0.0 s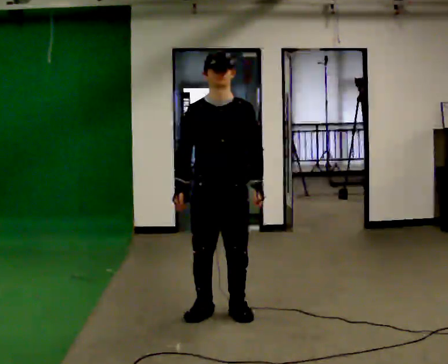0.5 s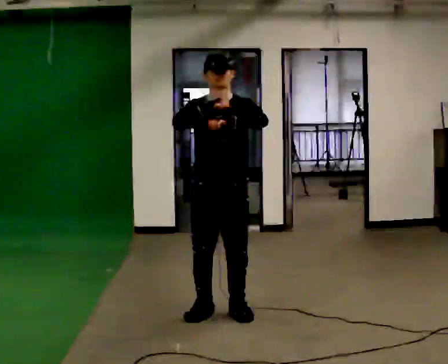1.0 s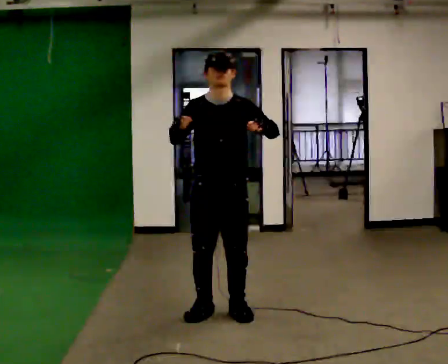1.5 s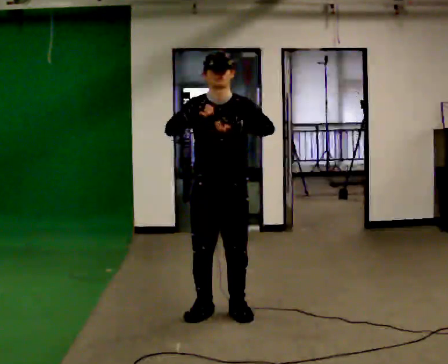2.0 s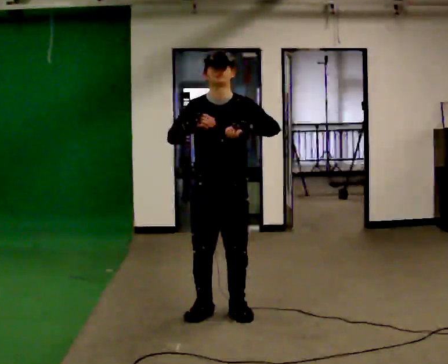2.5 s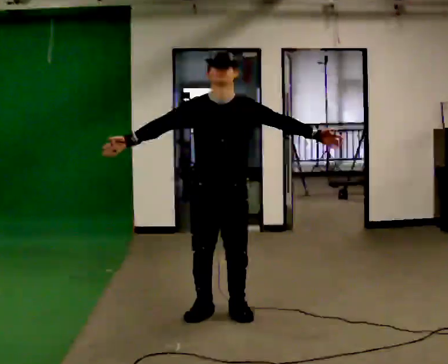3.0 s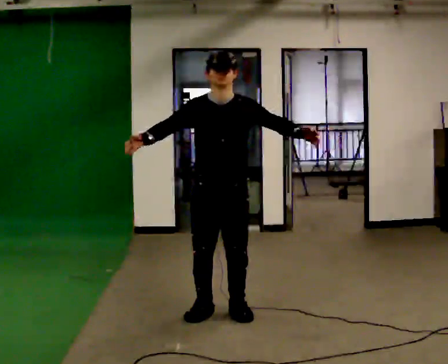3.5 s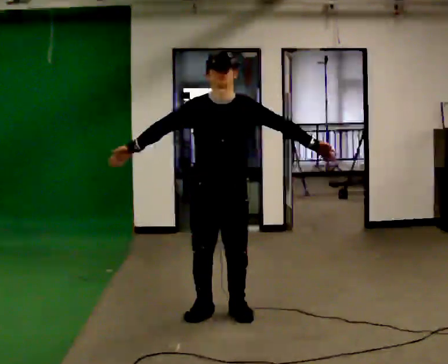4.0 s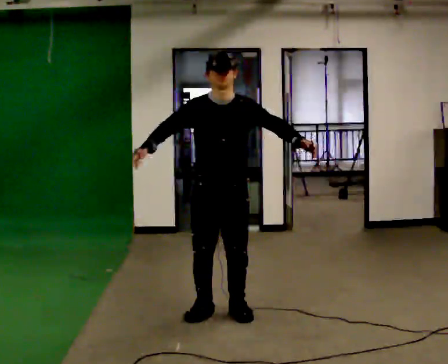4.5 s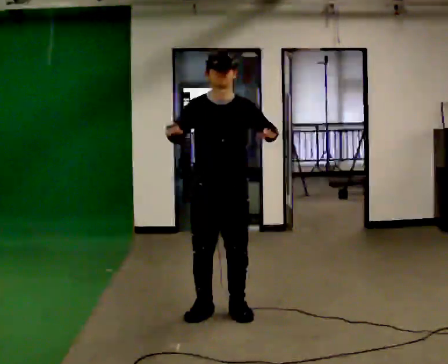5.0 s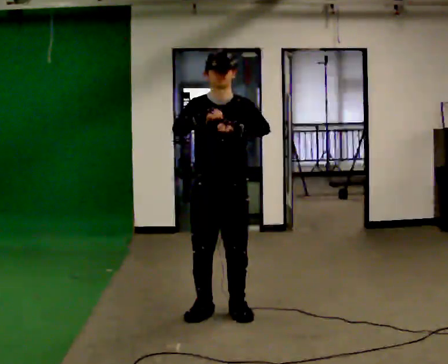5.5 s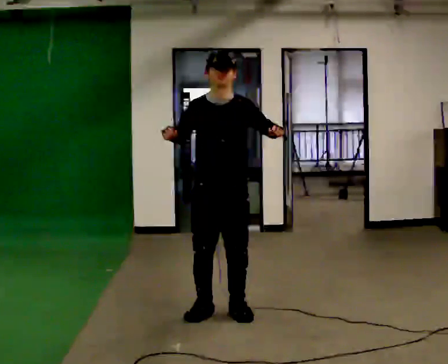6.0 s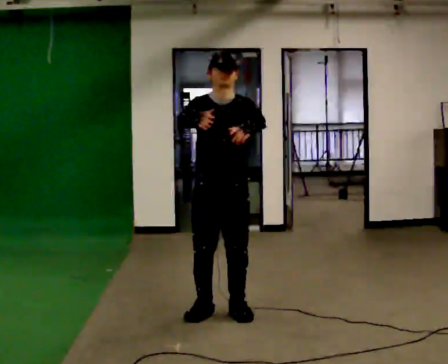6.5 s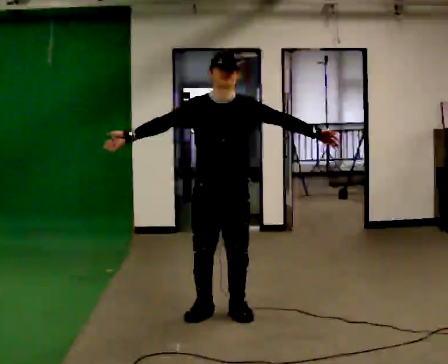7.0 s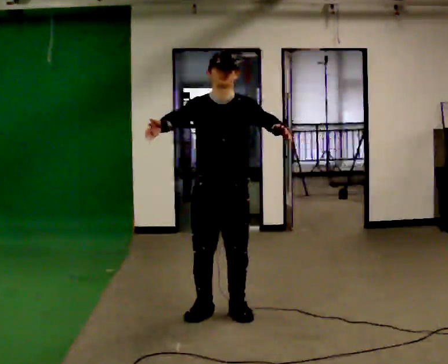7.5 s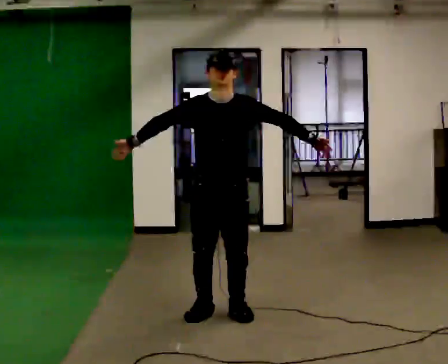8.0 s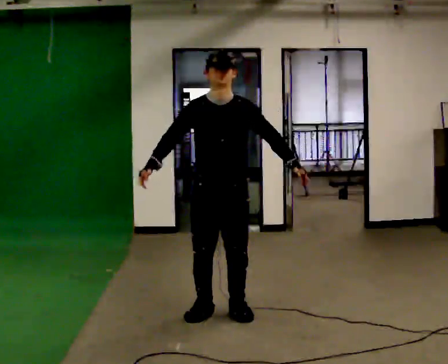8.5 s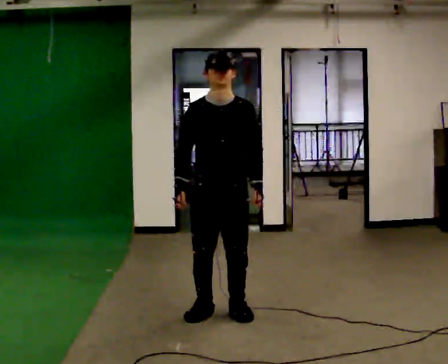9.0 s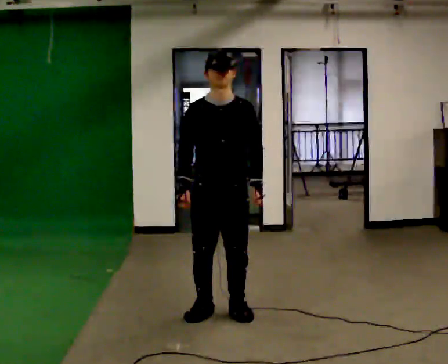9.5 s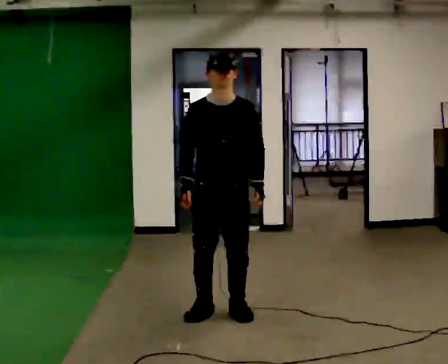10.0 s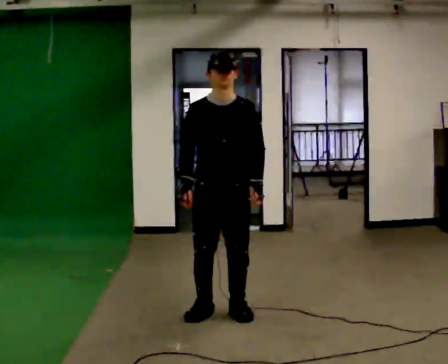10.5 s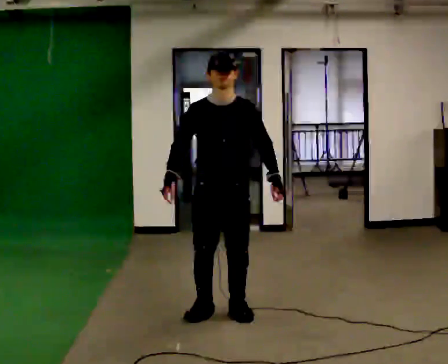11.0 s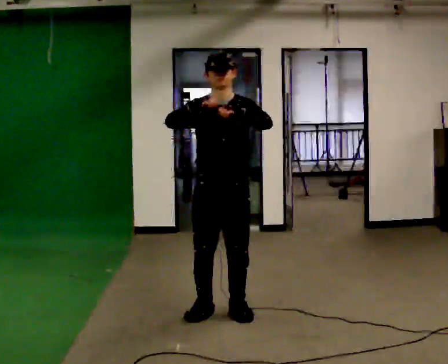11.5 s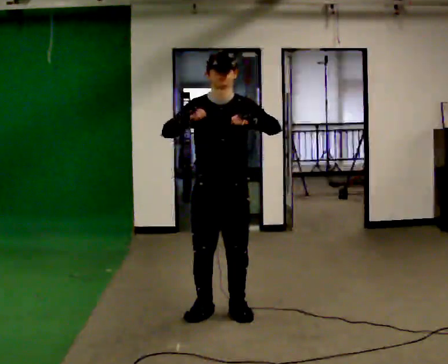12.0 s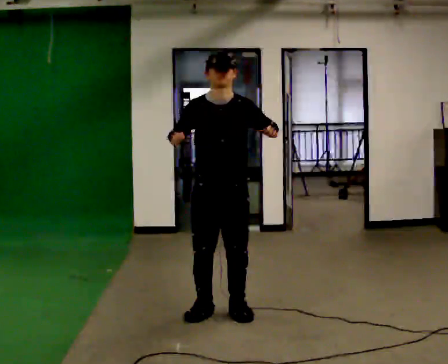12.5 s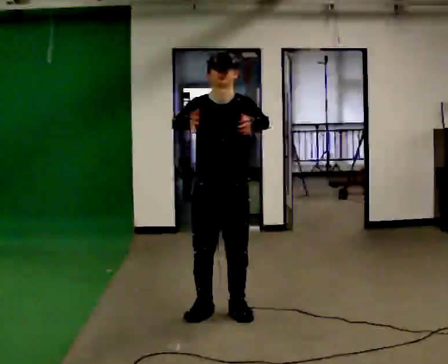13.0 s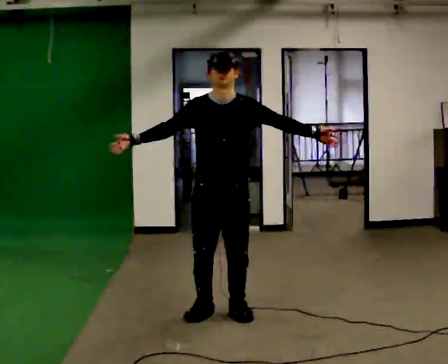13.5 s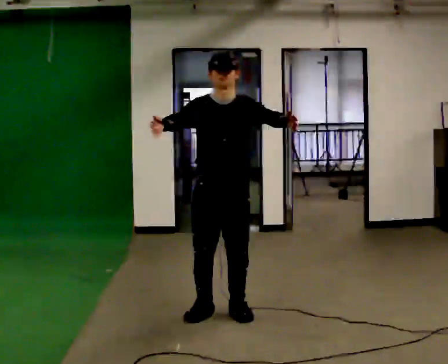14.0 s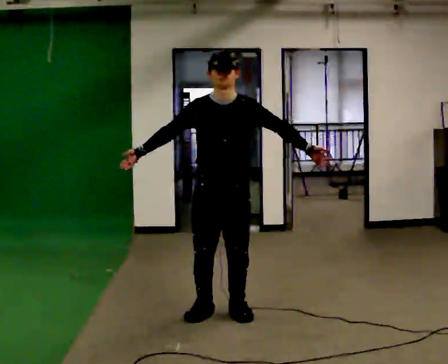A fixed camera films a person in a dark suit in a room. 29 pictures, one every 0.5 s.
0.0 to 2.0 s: In the picture their right hand goes upward.
2.0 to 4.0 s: In the picture their left hand goes to the right.
4.0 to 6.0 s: The person moves a little, or ends about where they began.
6.0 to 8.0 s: In the picture their right hand goes to the left.
8.0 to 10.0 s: The person moves a little, or ends about where they began.
10.0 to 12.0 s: In the picture their left hand goes upward.
12.0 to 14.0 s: The person moves a little, or ends about where they began.
The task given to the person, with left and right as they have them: Dance freely at a fast tempo as if to upbeat music; keep moving continuously.
The film runs forward here.
